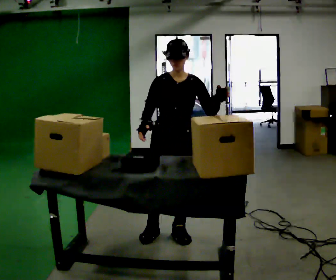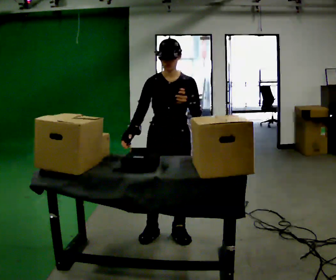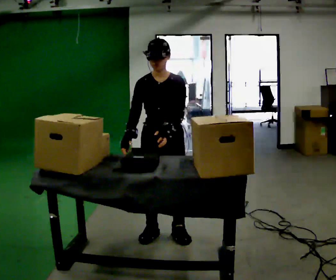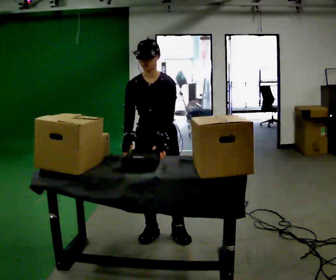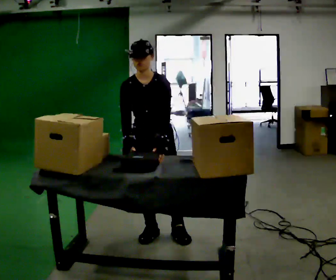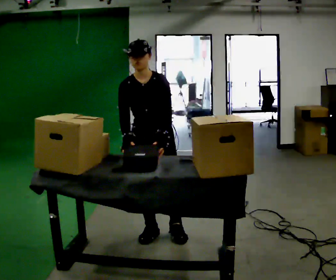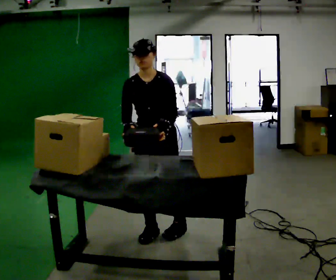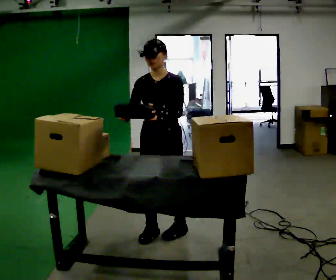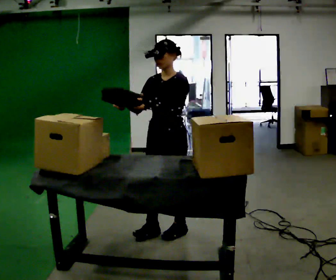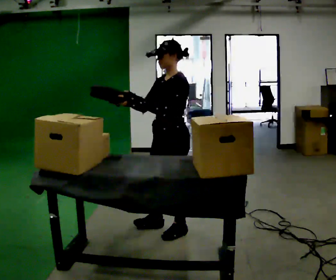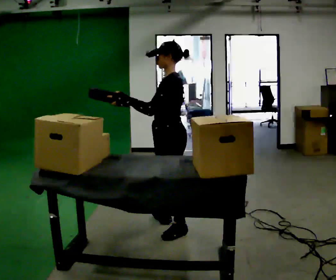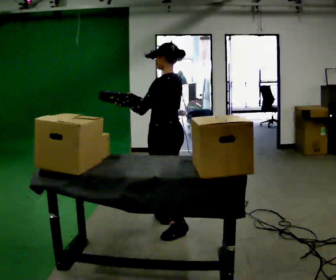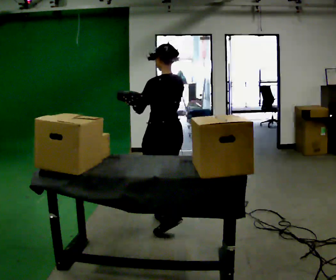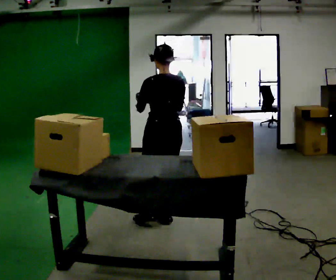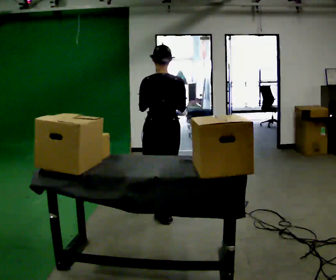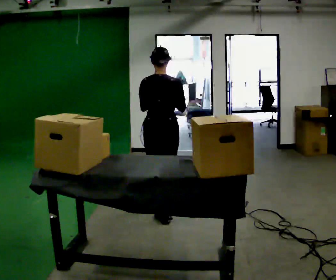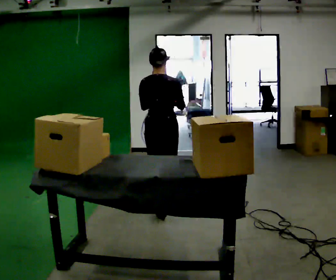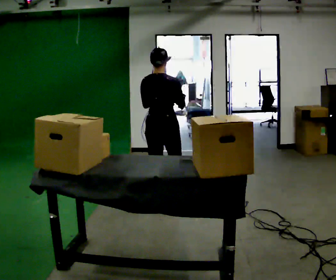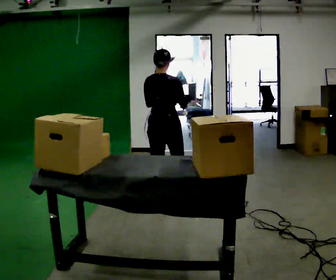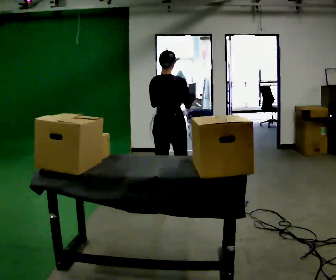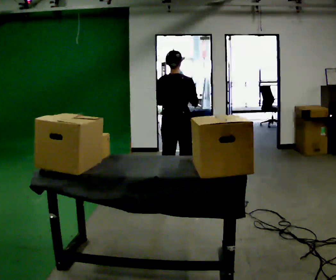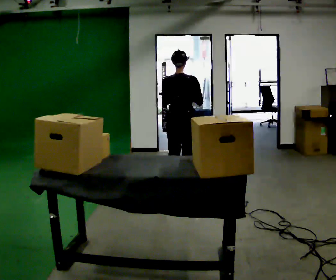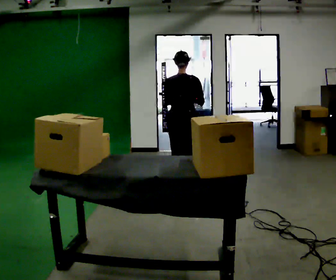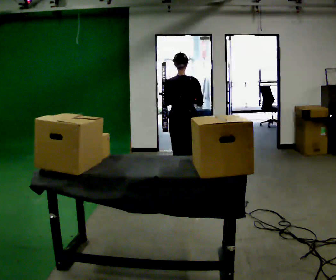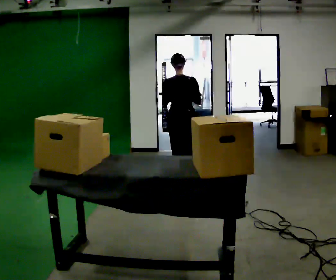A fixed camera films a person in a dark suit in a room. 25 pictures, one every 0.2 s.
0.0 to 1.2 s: In the picture their left hand goes to the left.
1.2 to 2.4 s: The person turns about 135 degrees to their right, clockwise seen from above, so the part of the body nearest the lens slides to the left. In the picture they go away from the camera, about 0.25 m in 1 step.
2.4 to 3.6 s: Seen from above the body turns clockwise, about 60 degrees: to their right, with its near side sliding to the left. In the picture they go away from the camera, about 0.5 m in 1 step.
3.6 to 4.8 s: In the picture they go away from the camera, about 0.5 m in 2 steps, which for them is forward.
The film runs forward here.
